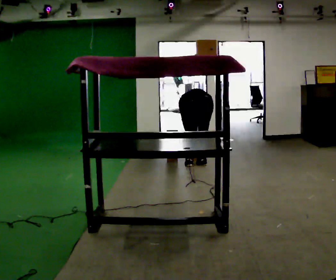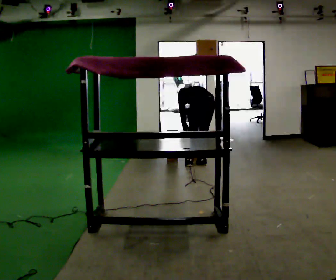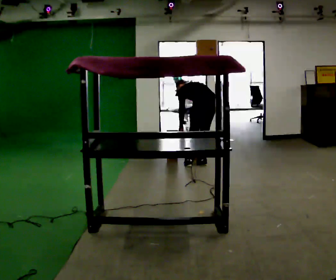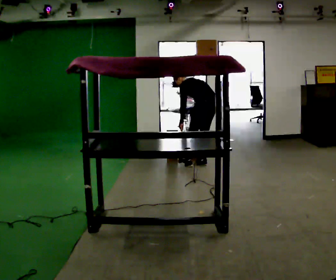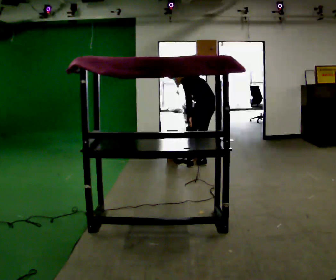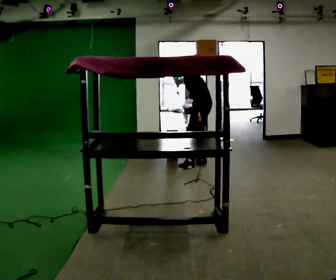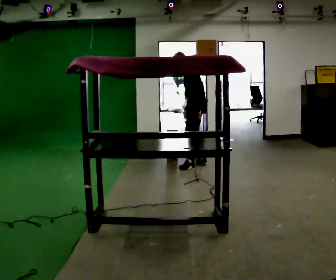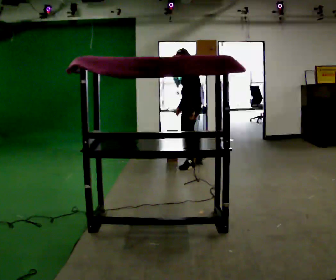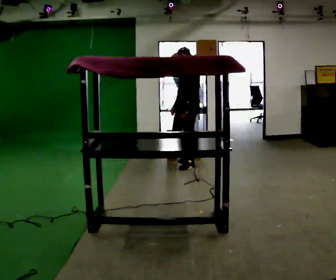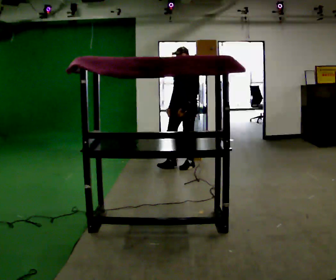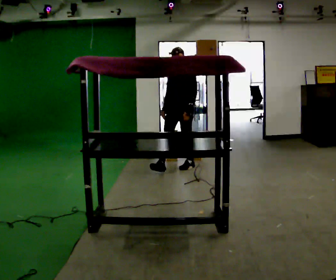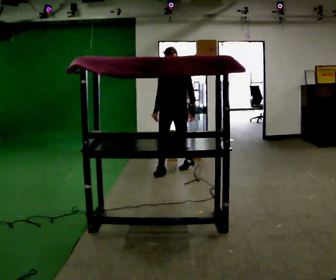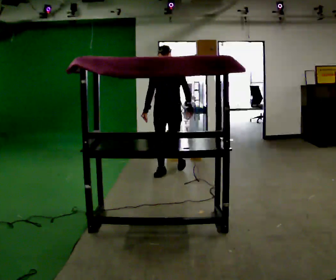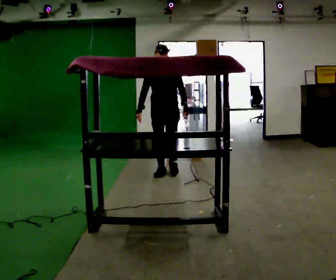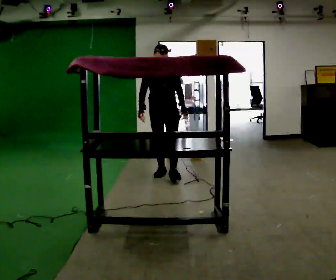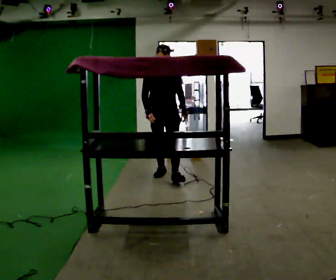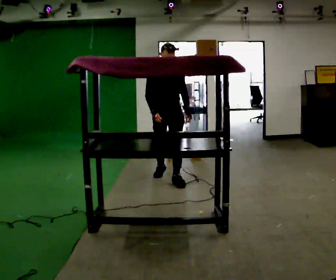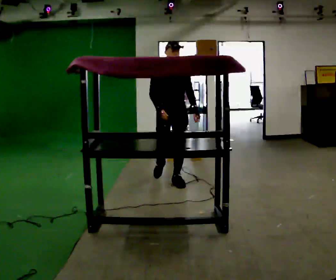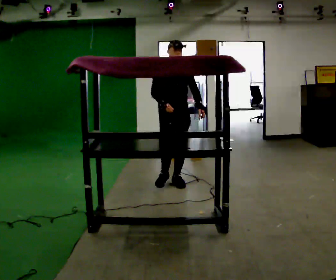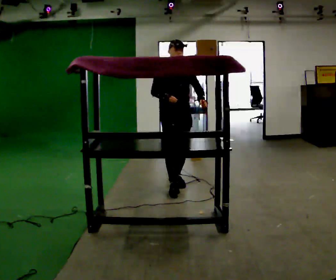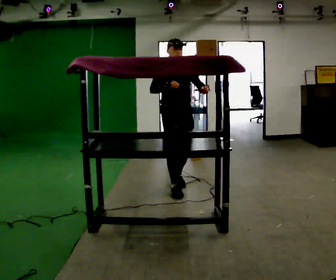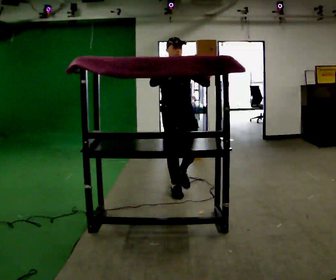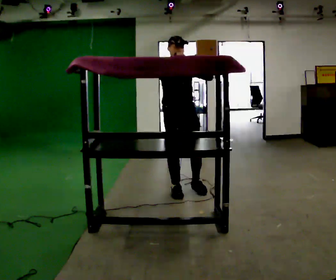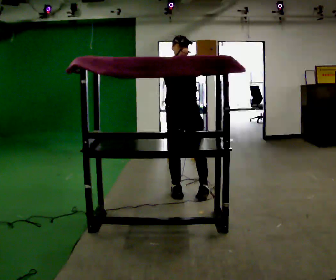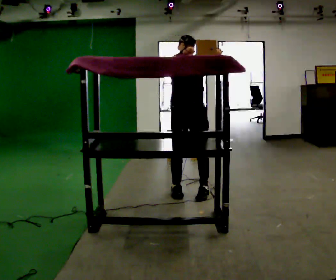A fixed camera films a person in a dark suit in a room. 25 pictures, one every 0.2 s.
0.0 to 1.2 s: The person turns about 75 degrees to their left, counterclockwise seen from above, so the part of the body nearest the lens slides to the right. The upper body goes upward. The upper body tips toward the camera, its near side rolling downward, as they lean back or straighten. In the picture their left hand goes upward.
1.2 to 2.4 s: The part of the body nearest the lens slides to the right as the person turns to their left by about 75 degrees. In the picture they go to the left and toward the camera, about 0.5 m in 1 step.
2.4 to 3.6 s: The part of the body nearest the lens slides to the right as the person turns to their left by about 30 degrees. In the picture they go toward the camera, about 0.5 m in 1 step, which for them is forward.
3.6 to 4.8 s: In the picture they go toward the camera, about 0.5 m in 2 steps, which for them is forward. In the picture their left hand goes upward.
The film runs forward here.
